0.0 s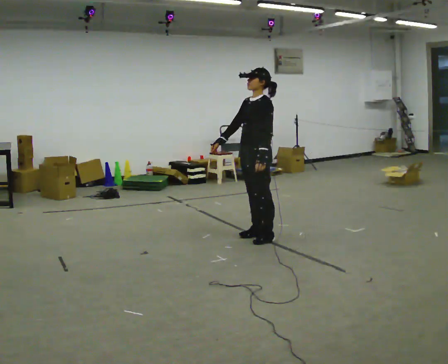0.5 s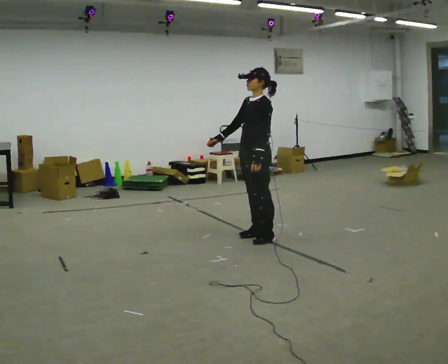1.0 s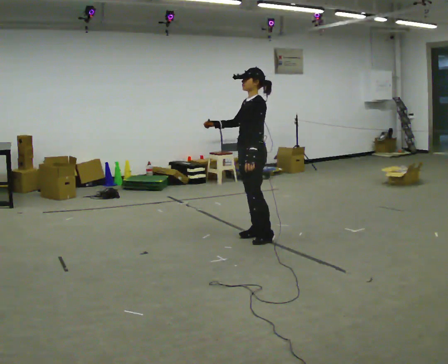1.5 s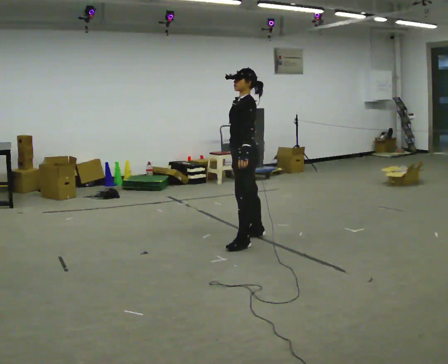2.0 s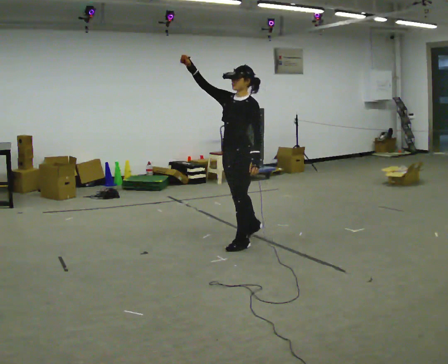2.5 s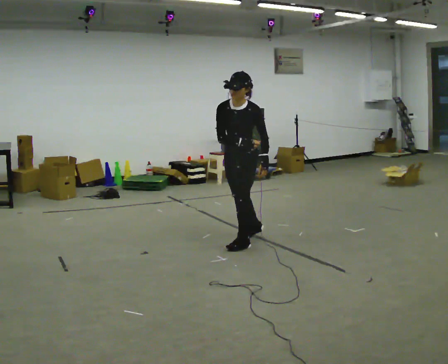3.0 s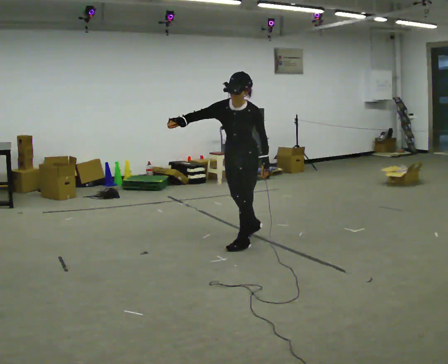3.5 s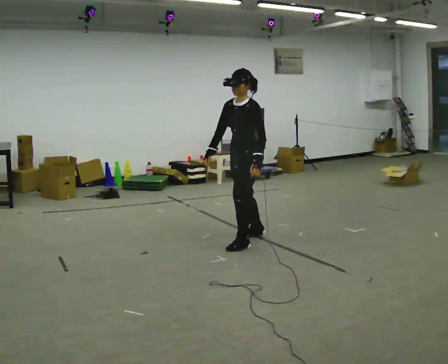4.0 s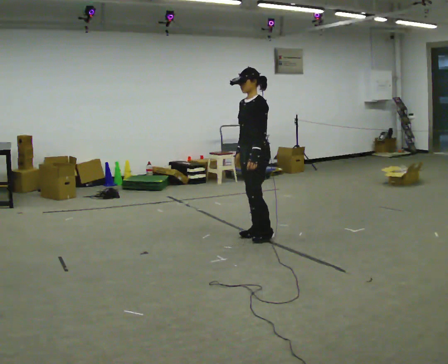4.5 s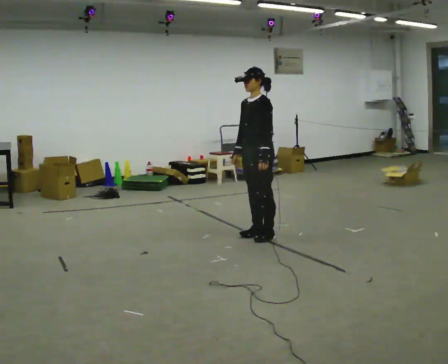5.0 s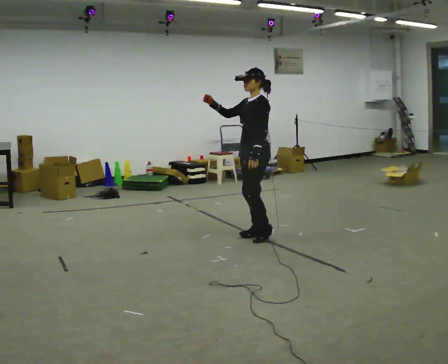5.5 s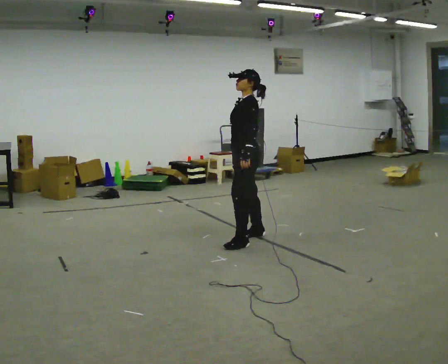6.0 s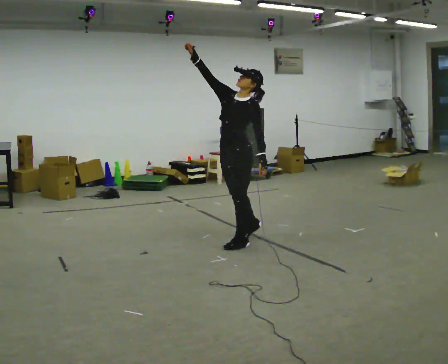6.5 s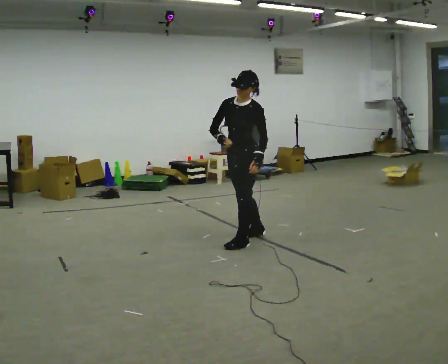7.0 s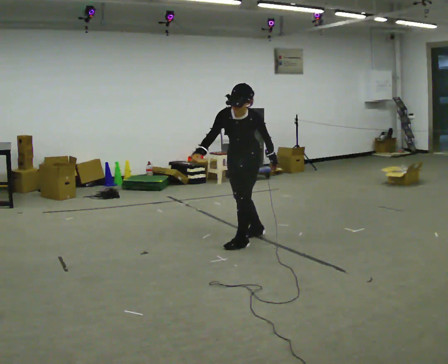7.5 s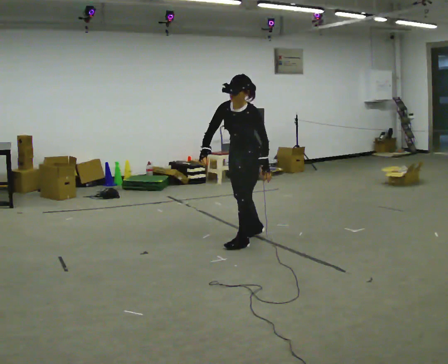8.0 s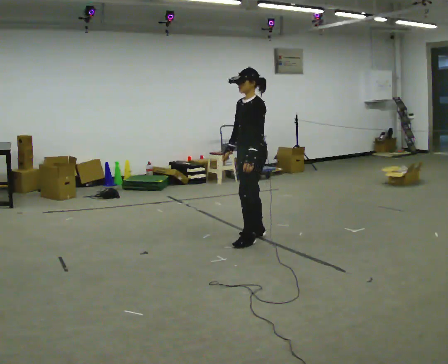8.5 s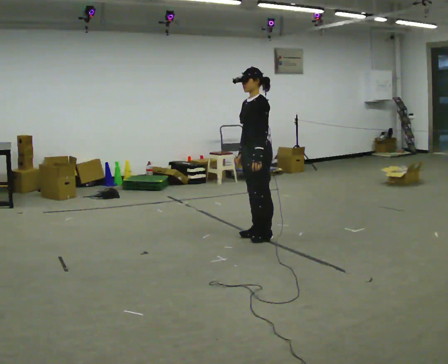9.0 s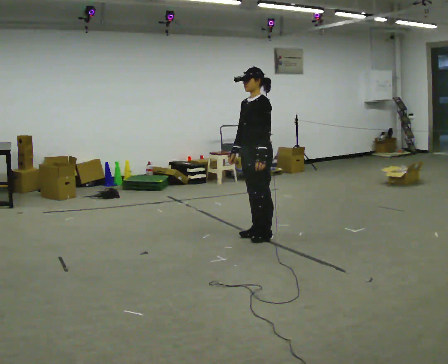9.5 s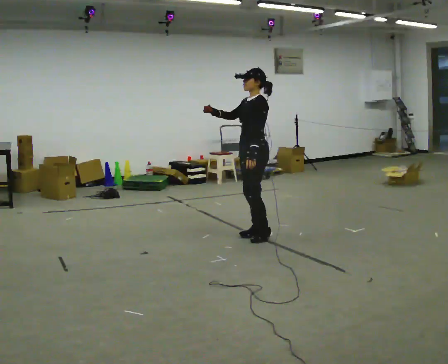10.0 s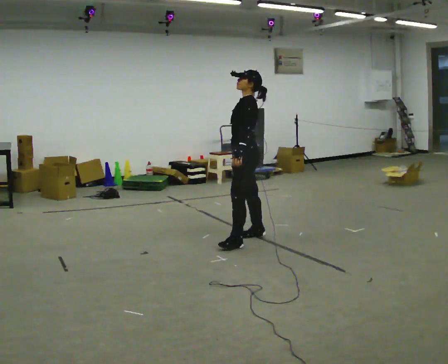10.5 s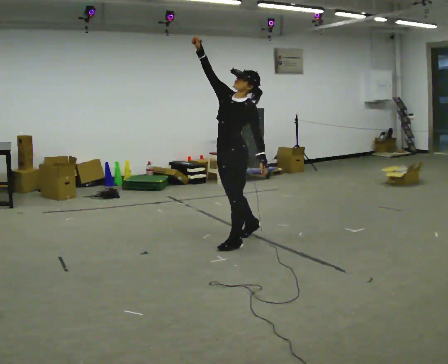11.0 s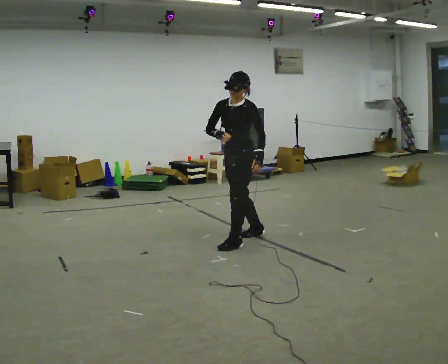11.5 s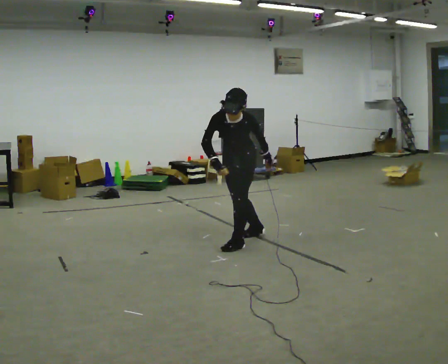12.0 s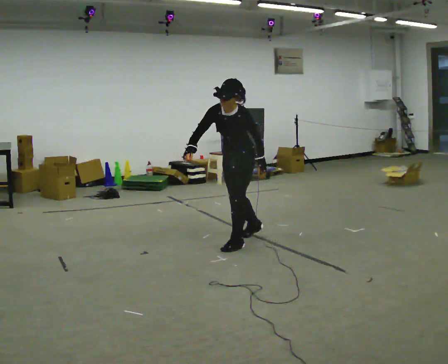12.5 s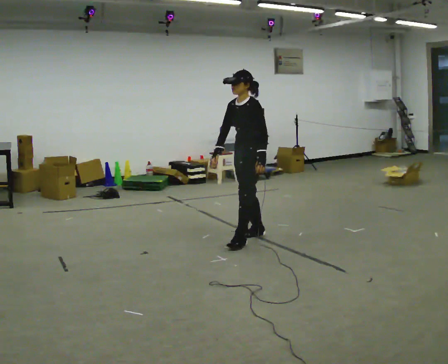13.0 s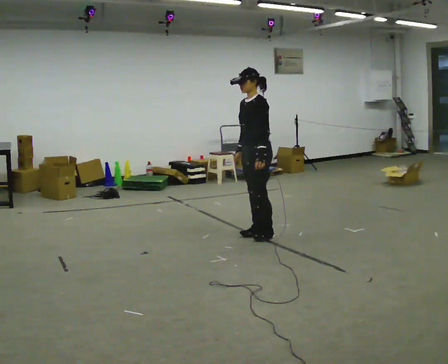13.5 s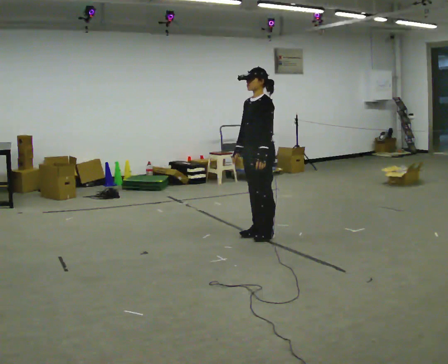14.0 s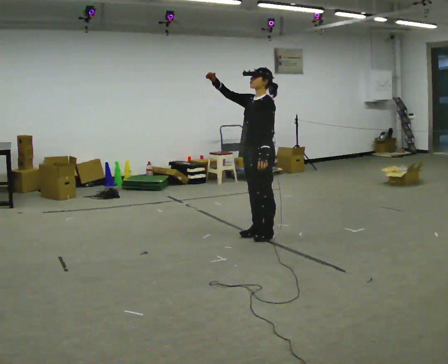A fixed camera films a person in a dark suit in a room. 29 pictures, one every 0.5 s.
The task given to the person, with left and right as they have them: Mime tennis groundstrokes with no racket, alternating forehand and backhand. Repeat the movement at your own pace until the operator says stop; do not rush.
0.0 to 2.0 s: In the picture they go to the left and toward the camera, about 0.25 m in 1 step, which for them is forward. In the picture their right hand goes upward.
2.0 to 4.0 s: In the picture they go away from the camera and to the right, about 0.25 m, which for them is backward. In the picture their right hand goes downward.
4.0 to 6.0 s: In the picture they go toward the camera and to the left, about 0.25 m in 2 steps, which for them is forward. In the picture their right hand goes upward.
6.0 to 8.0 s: In the picture they go away from the camera, about 0.25 m, which for them is backward. In the picture their right hand goes downward.
8.0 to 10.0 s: In the picture their right hand goes upward.
10.0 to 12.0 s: Seen from above the body turns counterclockwise, about 30 degrees: to their left, with its near side sliding to the right. In the picture their right hand goes to the left and downward.
12.0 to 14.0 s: In the picture they go away from the camera and to the right, about 0.25 m in 1 step, which for them is backward. The upper body tips away from the camera, its near side rolling upward, as they lean back or straighten. In the picture their right hand goes upward.
The film runs forward here.
